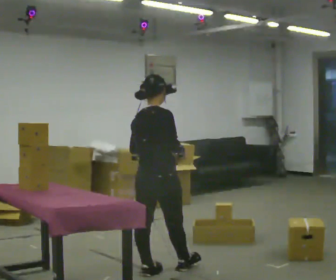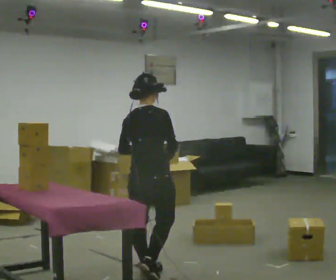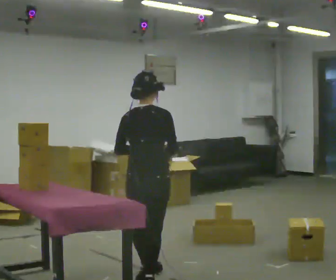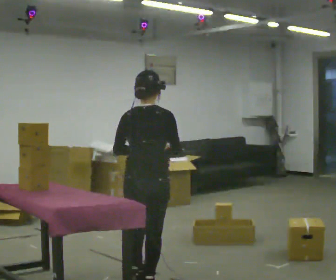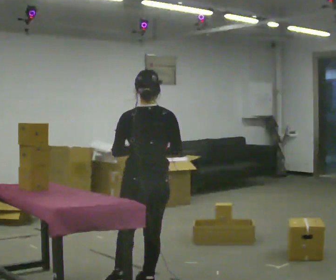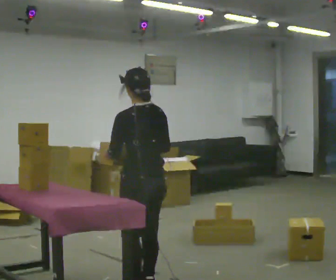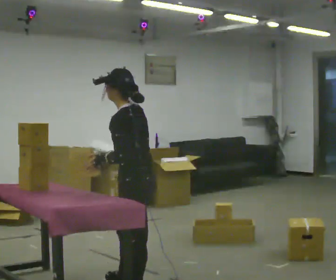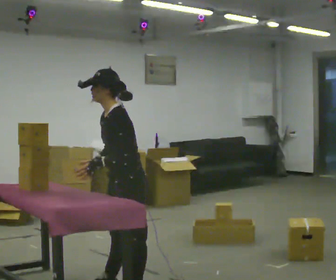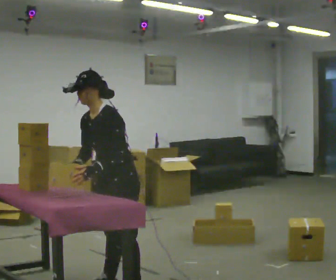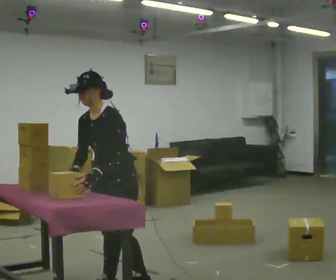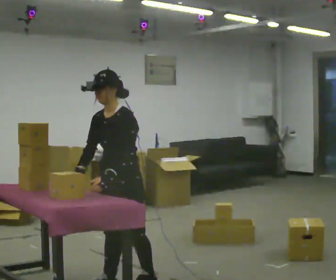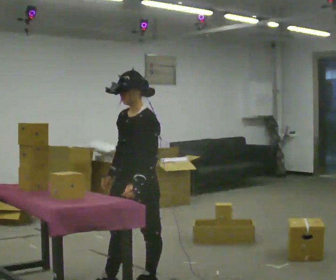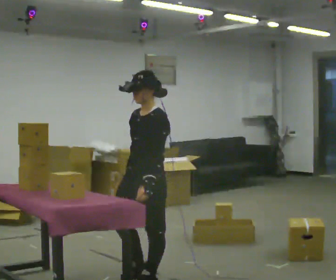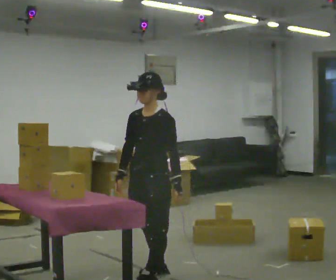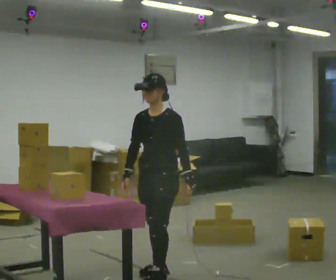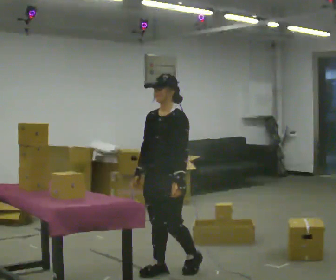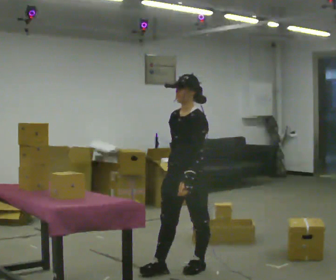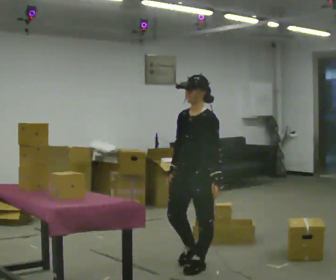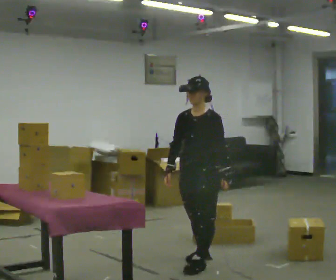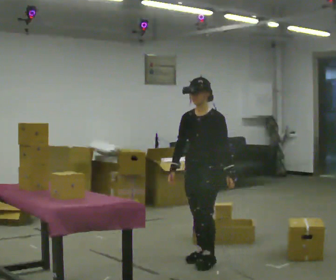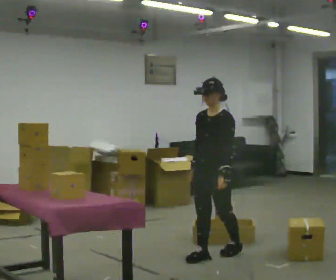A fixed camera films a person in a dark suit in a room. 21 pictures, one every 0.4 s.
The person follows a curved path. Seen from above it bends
clockwise.
0.0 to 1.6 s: Seen from above the body turns counterclockwise, about 60 degrees: to their left, with its near side sliding to the right. In the picture they go toward the camera, about 0.25 m in 2 steps, which for them is backward.
1.6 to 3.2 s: The part of the body nearest the lens slides to the right as the person turns to their left by about 120 degrees. In the picture they go to the left, about 0.25 m in 1 step. In the picture the upper body tilts counterclockwise, shoulders to the left, as they bend forward. In the picture their right hand goes to the left.
3.2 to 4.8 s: In the picture they go to the right, about 0.25 m in 2 steps, which for them is backward. In the picture the upper body tilts clockwise, shoulders to the right, as they lean back or straighten. In the picture their right hand goes to the right.
4.8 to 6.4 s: In the picture they go away from the camera and to the right, about 0.5 m in 1 step, which for them is backward.
6.4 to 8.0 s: In the picture they go away from the camera and to the right, about 0.5 m in 2 steps, which for them is backward.
The film runs backward here.
